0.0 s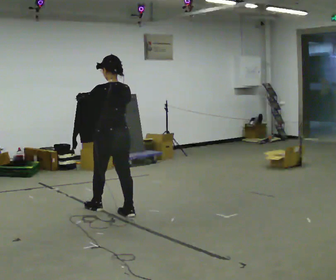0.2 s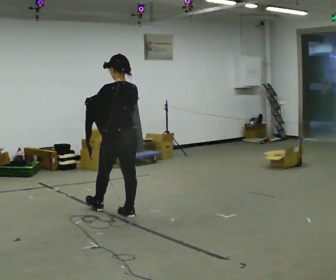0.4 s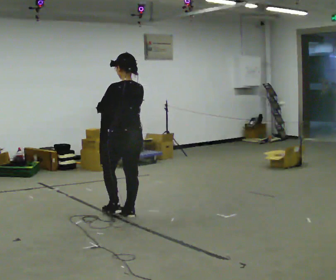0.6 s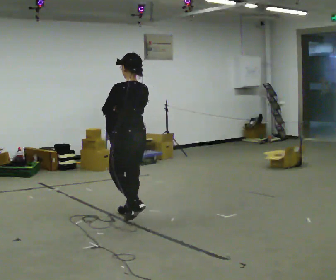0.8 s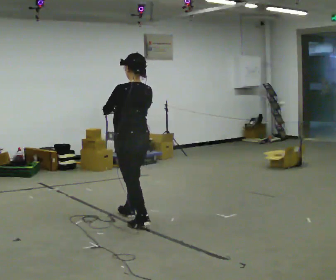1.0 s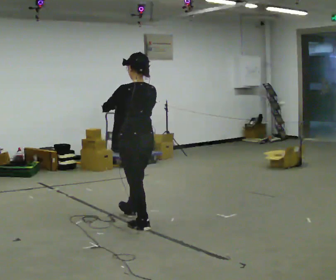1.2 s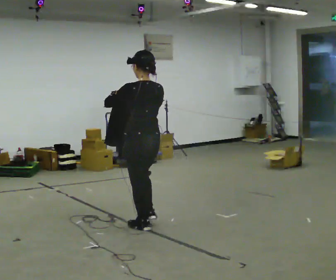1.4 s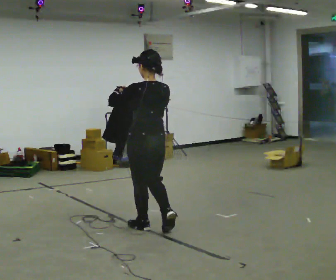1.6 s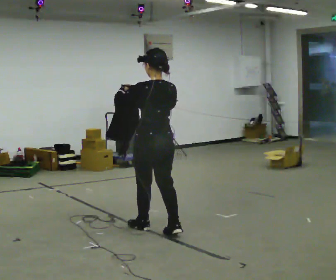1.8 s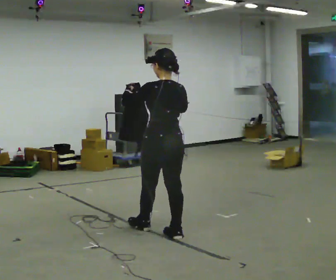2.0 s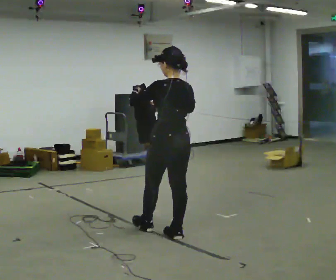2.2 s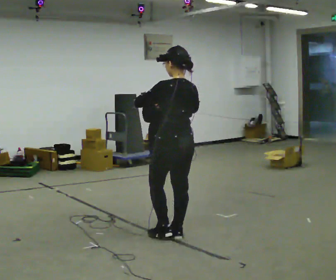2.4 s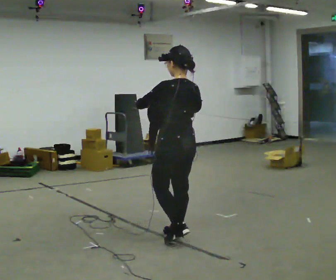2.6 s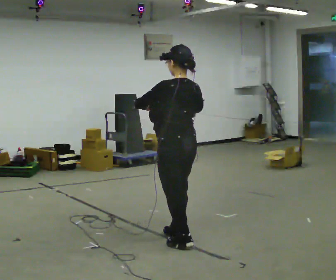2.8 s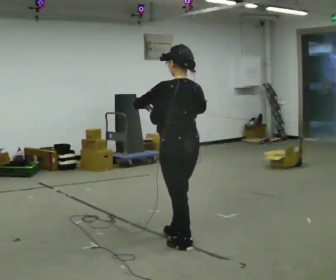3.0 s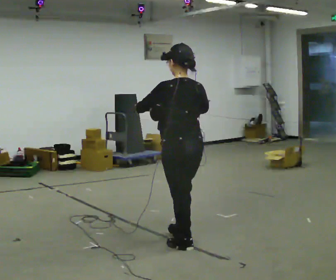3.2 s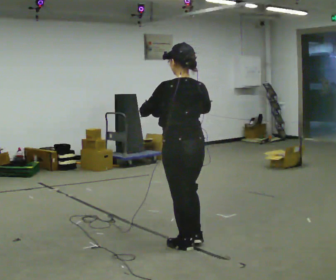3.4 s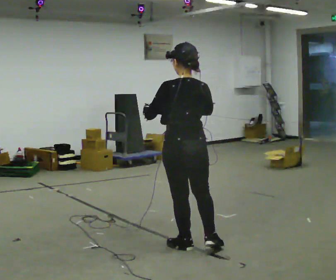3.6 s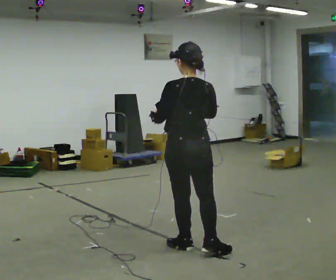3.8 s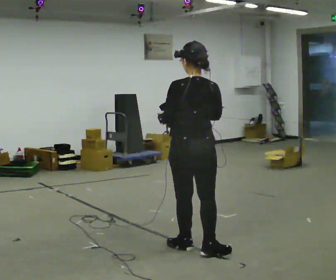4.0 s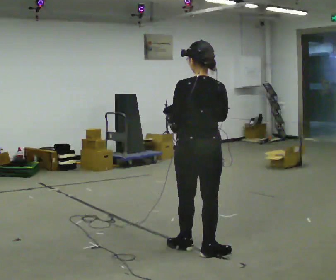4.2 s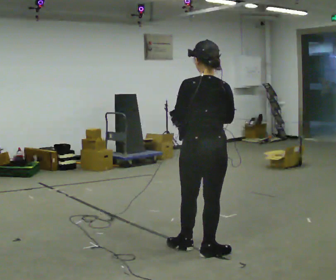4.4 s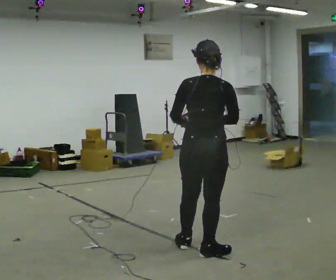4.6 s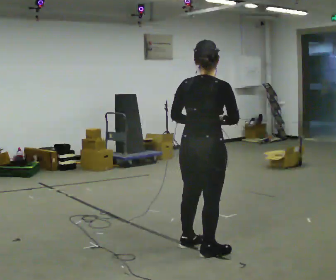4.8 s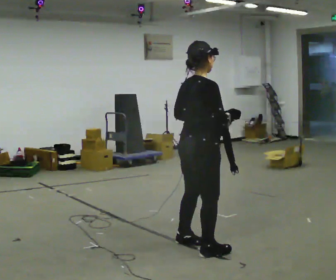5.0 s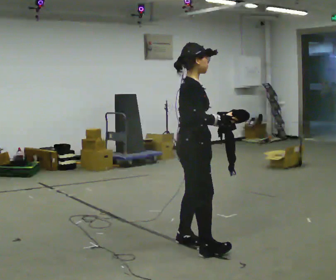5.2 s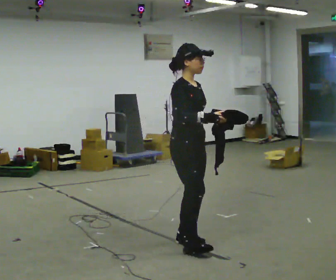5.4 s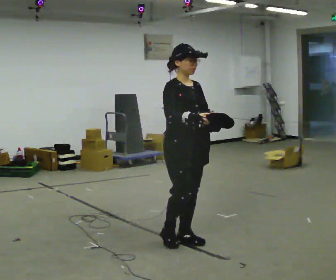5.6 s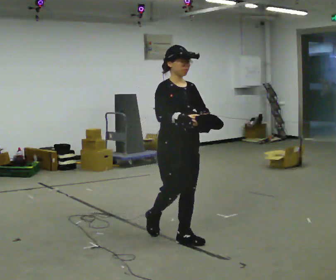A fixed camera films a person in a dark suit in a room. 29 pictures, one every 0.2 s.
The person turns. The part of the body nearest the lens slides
to the left.
The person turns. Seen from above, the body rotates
clockwise.
0.0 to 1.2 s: In the picture they go toward the camera and to the right, about 0.5 m in 2 steps, which for them is backward.
1.2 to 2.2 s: In the picture they go to the right and toward the camera, about 0.5 m in 1 step, which for them is backward.
2.2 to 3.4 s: In the picture they go toward the camera, about 0.25 m in 1 step, which for them is backward.
3.4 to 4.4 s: The person moves a little, or ends about where they began.
4.4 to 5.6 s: The part of the body nearest the lens slides to the left as the person turns to their right by about 135 degrees. In the picture they go away from the camera and to the left, about 0.5 m in 2 steps.
The film runs backward here.
